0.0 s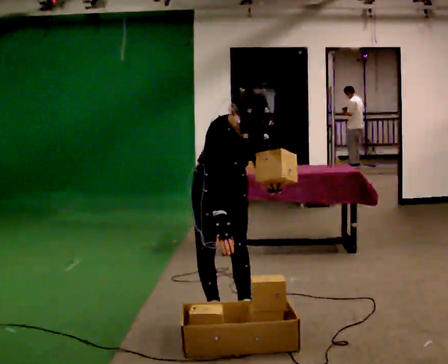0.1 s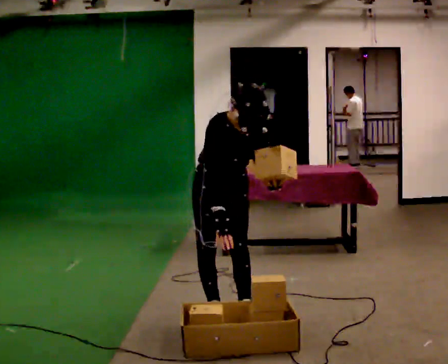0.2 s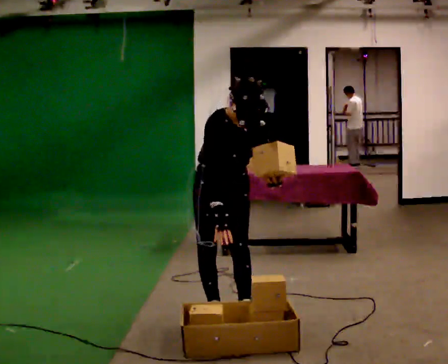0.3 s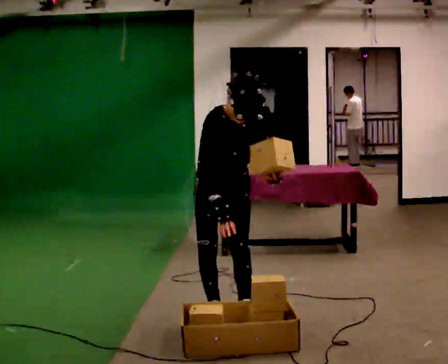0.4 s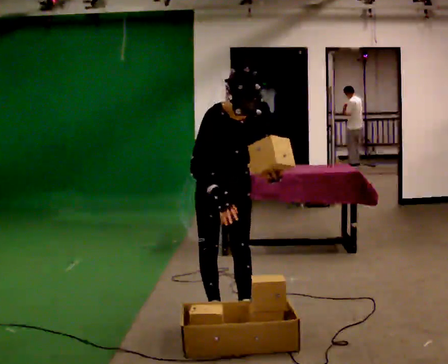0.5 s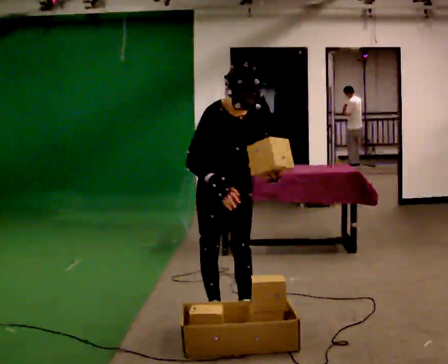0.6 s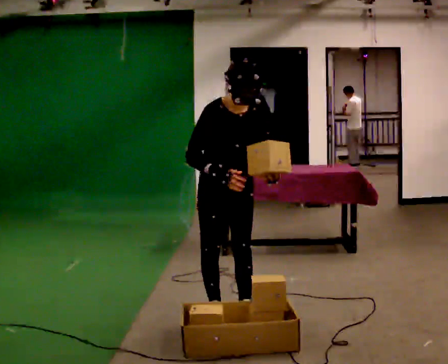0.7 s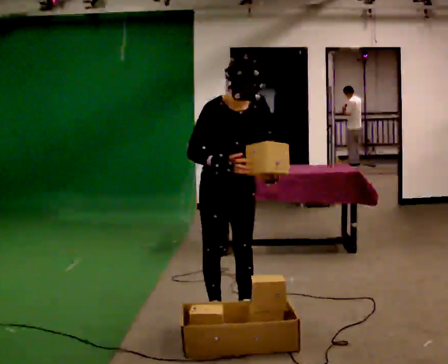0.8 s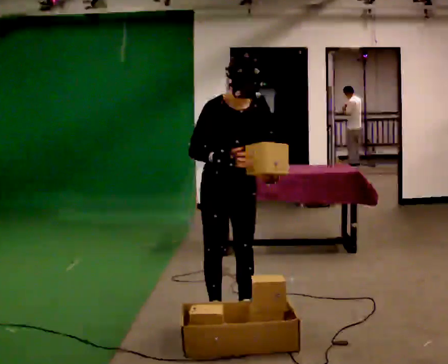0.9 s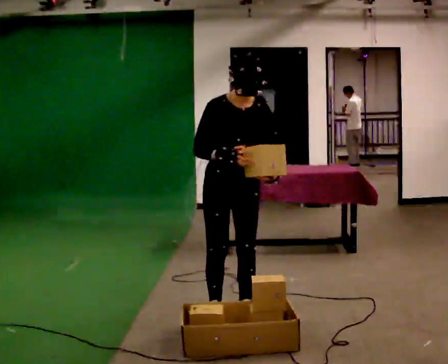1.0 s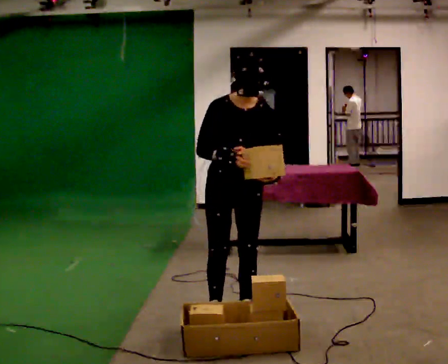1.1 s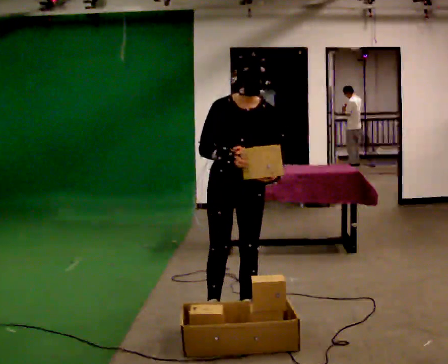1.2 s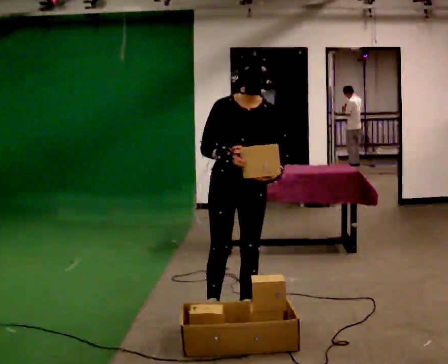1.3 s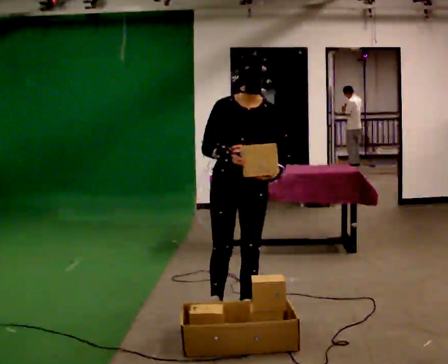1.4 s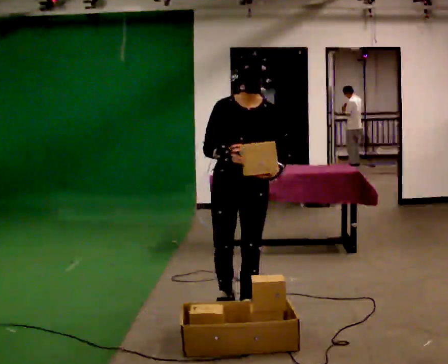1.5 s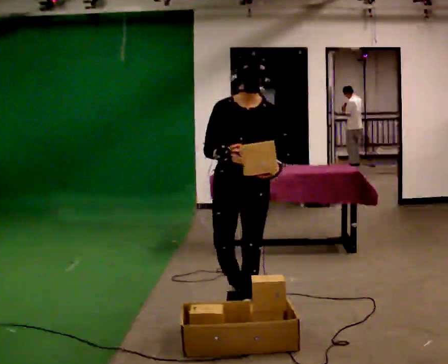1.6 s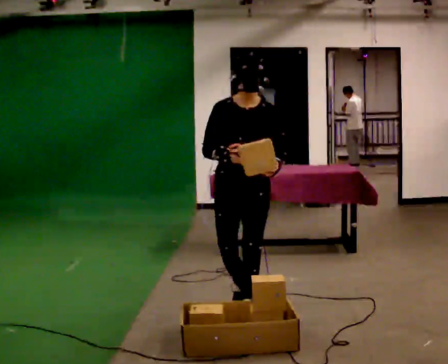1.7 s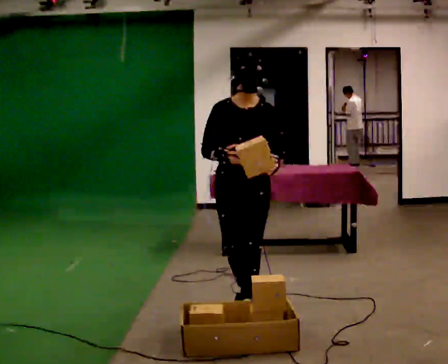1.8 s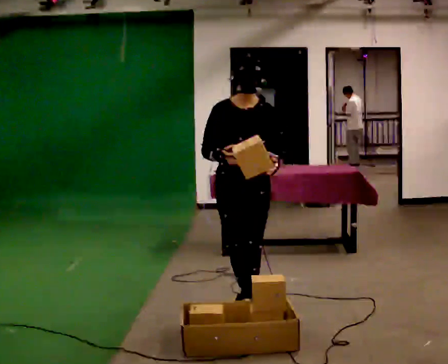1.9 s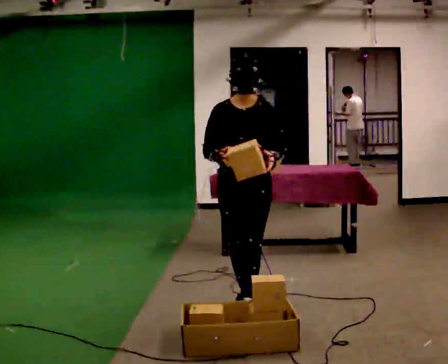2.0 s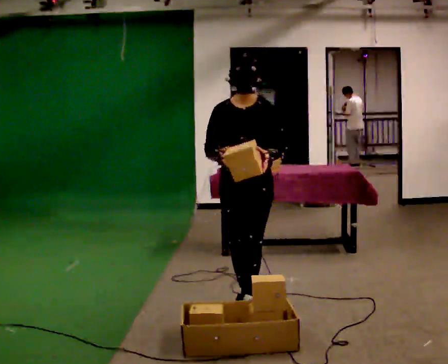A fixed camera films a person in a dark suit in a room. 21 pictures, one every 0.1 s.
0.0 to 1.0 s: The upper body tips away from the camera, its near side rolling upward, as they lean back or straighten. In the picture their right hand goes upward.
1.0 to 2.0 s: In the picture they go away from the camera, about 0.25 m in 1 step, which for them is backward.
The film runs backward here.
